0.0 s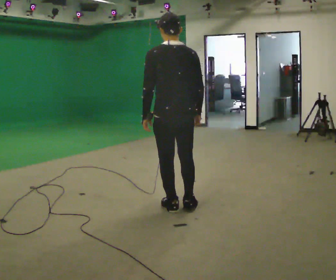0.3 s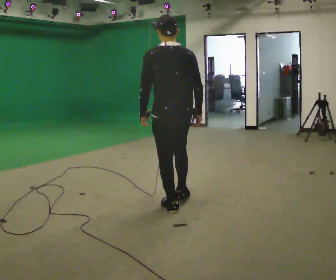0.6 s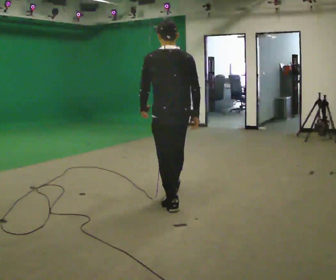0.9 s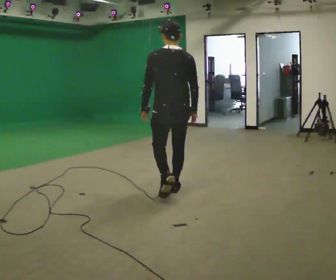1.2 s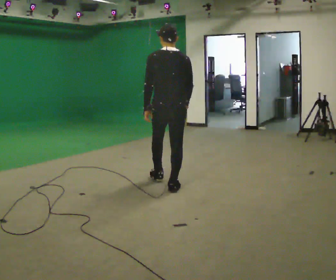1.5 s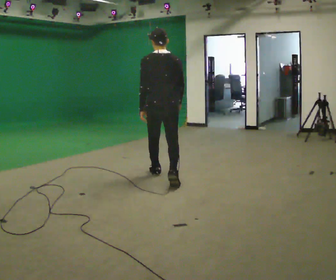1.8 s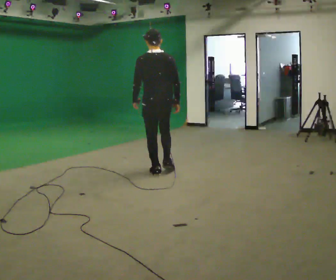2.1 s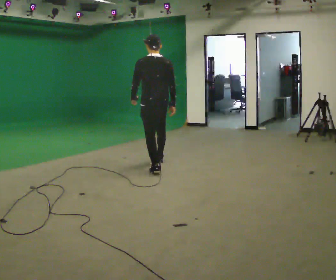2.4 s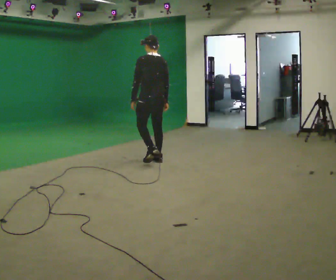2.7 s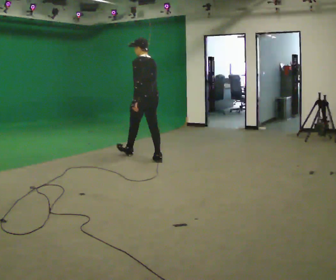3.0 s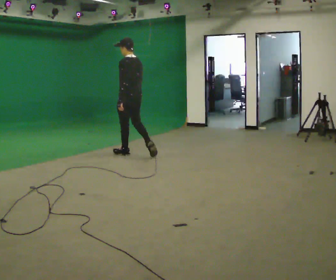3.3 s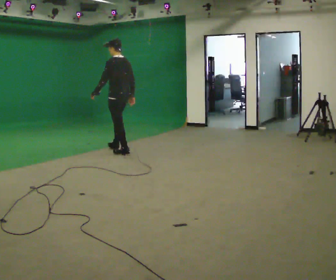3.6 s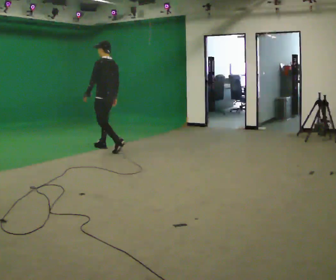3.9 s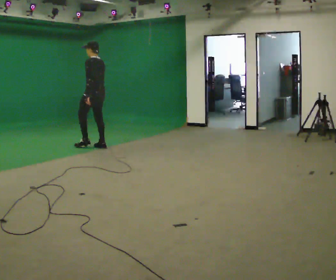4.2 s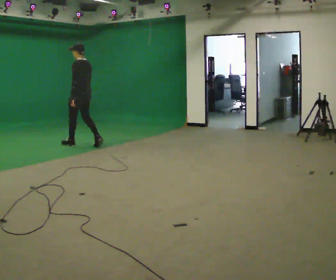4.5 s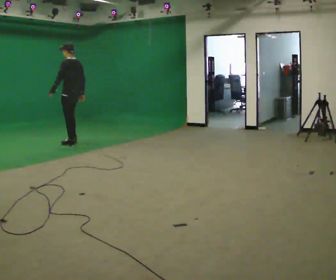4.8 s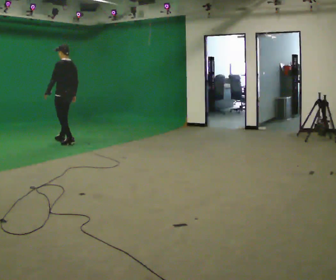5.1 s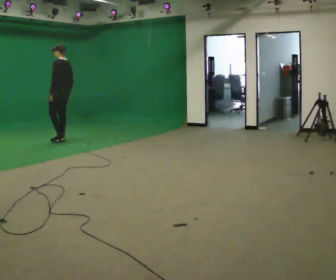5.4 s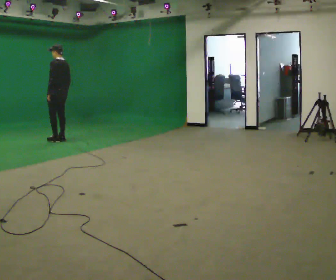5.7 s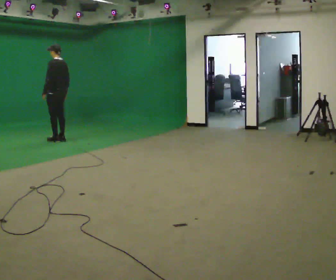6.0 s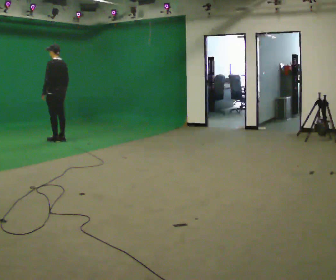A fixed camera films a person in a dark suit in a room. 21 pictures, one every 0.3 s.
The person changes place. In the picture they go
away from the camera.
0.0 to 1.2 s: In the picture they go away from the camera, about 0.75 m in 1 step, which for them is forward.
1.2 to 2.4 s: In the picture they go away from the camera, about 1 m in 2 steps, which for them is forward.
2.4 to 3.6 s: The part of the body nearest the lens slides to the right as the person turns to their left by about 30 degrees. In the picture they go away from the camera and to the left, about 1 m in 2 steps, which for them is forward.
3.6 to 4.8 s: In the picture they go to the left and away from the camera, about 1 m in 2 steps, which for them is forward.
4.8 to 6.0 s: In the picture they go to the left and away from the camera, about 0.25 m in 1 step, which for them is forward.
The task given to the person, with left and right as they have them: Walk straight; at marker turn ~45° while continuing to walk; continue straight.
The film runs forward here.
